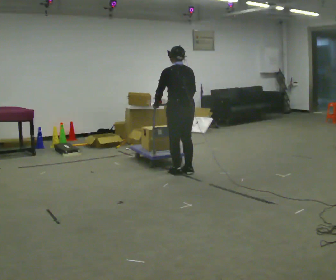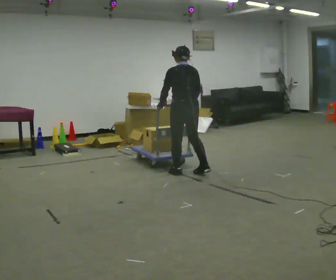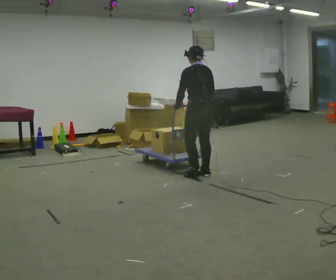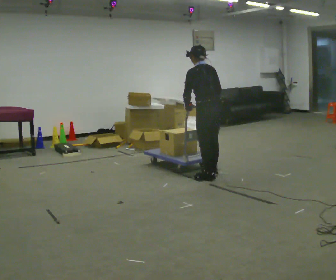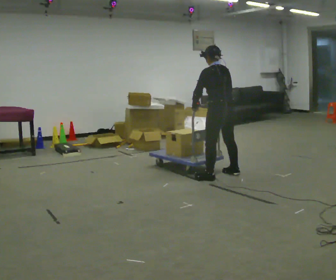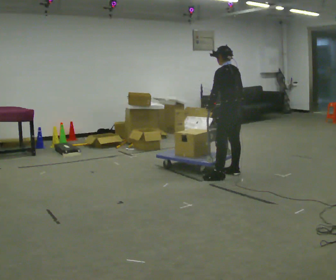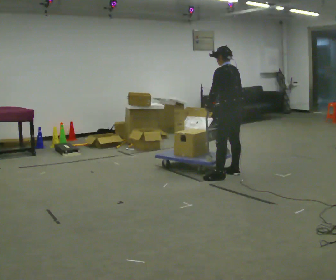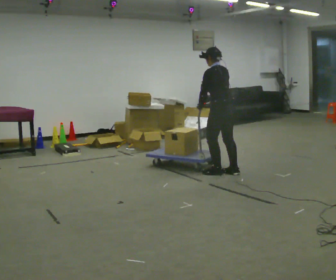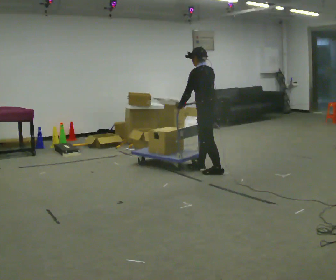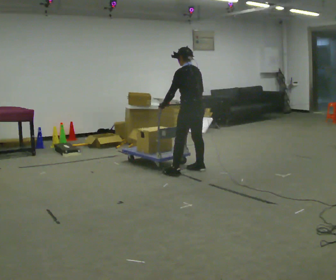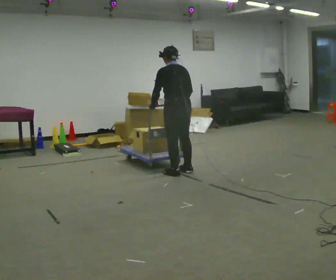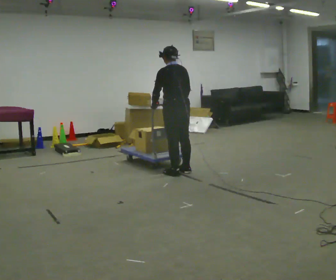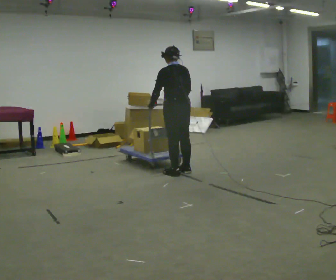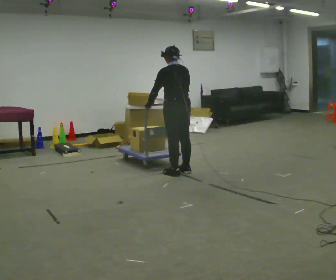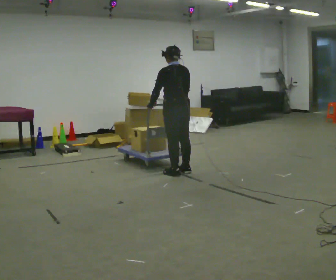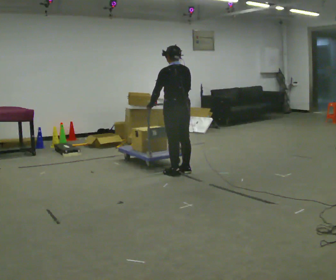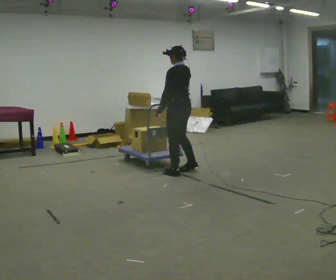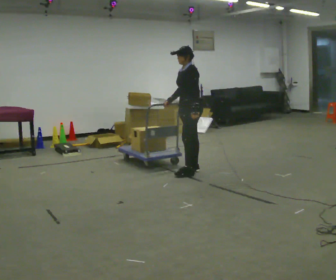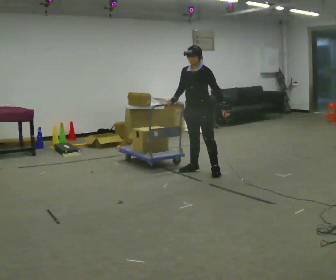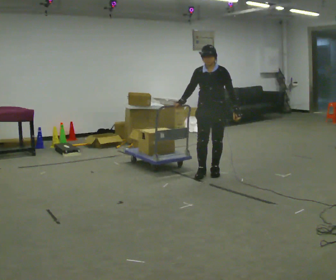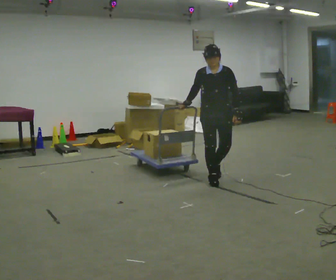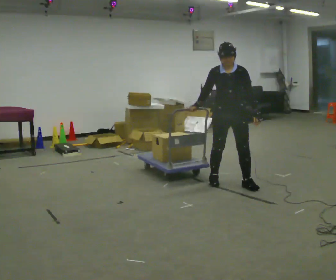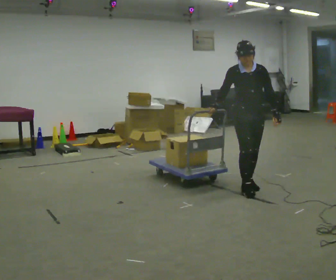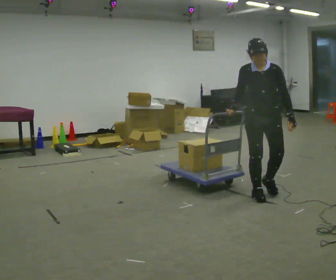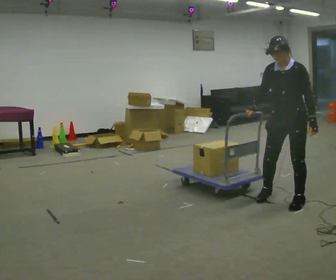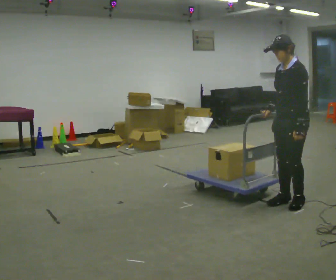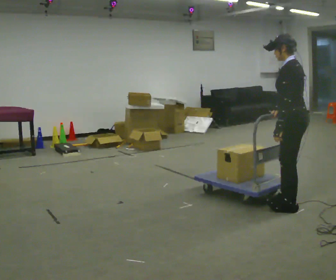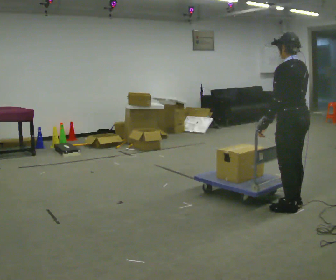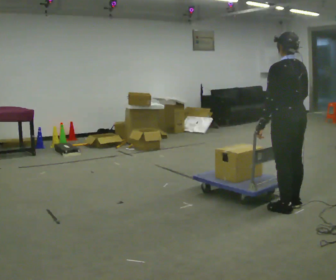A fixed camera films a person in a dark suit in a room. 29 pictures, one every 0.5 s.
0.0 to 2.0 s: In the picture they go to the right, about 0.5 m in 3 steps, which for them is backward and to their right.
2.0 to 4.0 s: In the picture they go away from the camera and to the left, about 0.25 m in 2 steps, which for them is forward.
4.0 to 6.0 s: The person turns about 30 degrees to their right, clockwise seen from above, so the part of the body nearest the lens slides to the left. In the picture they go to the left, about 0.25 m in 2 steps, which for them is to their left and forward.
6.0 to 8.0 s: The part of the body nearest the lens slides to the right as the person turns to their left by about 30 degrees.
8.0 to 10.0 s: The person turns about 120 degrees to their left, counterclockwise seen from above, so the part of the body nearest the lens slides to the right. In the picture they go to the right and toward the camera, about 0.5 m in 2 steps.
10.0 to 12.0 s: Seen from above the body turns clockwise, about 45 degrees: to their right, with its near side sliding to the left. In the picture they go toward the camera and to the right, about 1 m in 3 steps, which for them is forward and to their left.
12.0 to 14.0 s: The person turns about 105 degrees to their right, clockwise seen from above, so the part of the body nearest the lens slides to the left. In the picture they go toward the camera, about 0.25 m in 3 steps. In the picture their left hand goes to the left, the arm swinging clockwise.
The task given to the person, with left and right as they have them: Get the cart into the marked parking space and lined up with the tape. Take as many adjustments as you need. Then take it out again and repeat.
The film runs forward here.
